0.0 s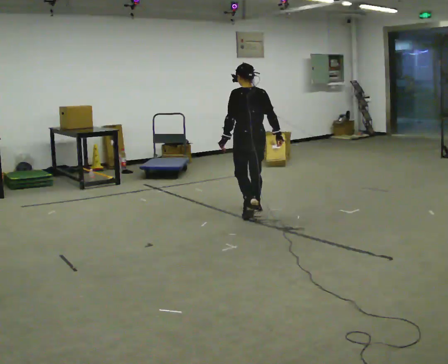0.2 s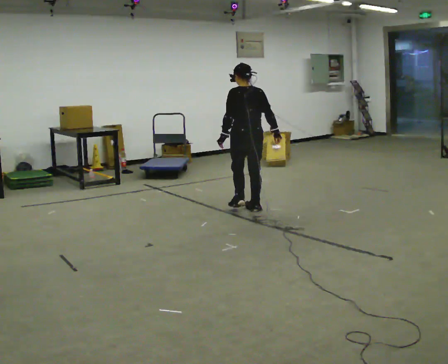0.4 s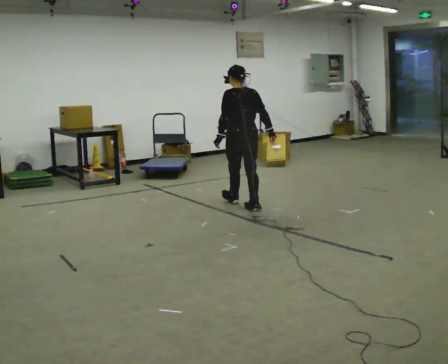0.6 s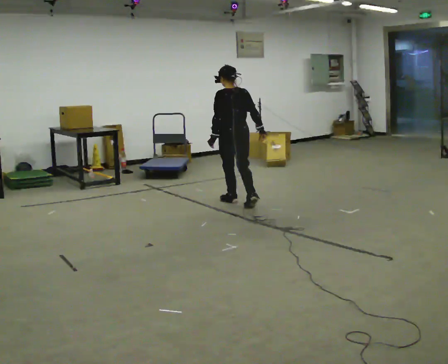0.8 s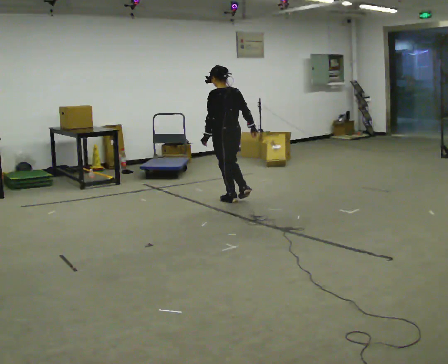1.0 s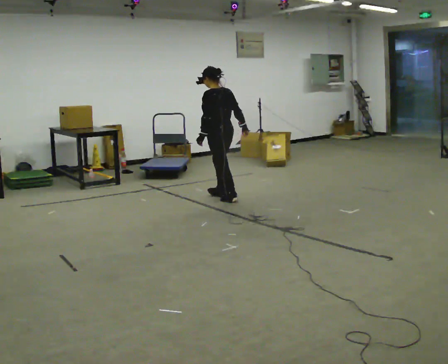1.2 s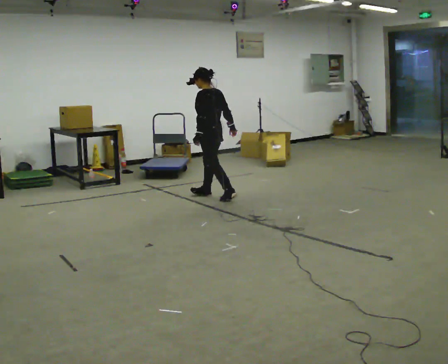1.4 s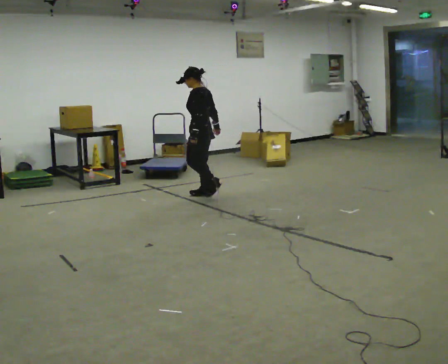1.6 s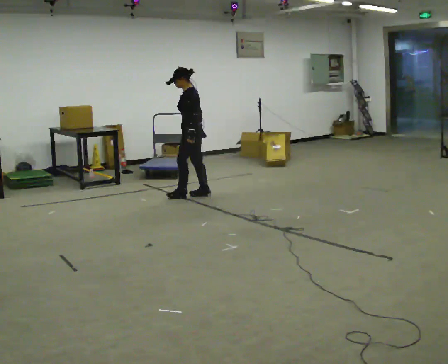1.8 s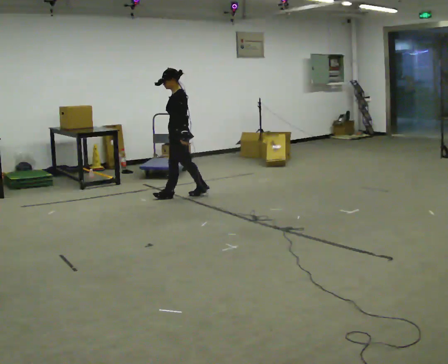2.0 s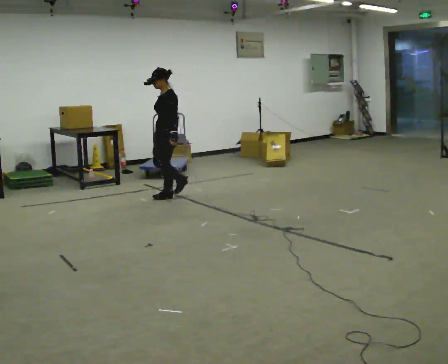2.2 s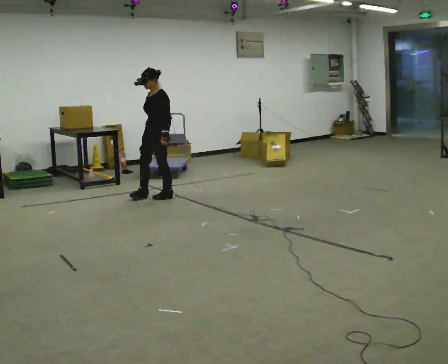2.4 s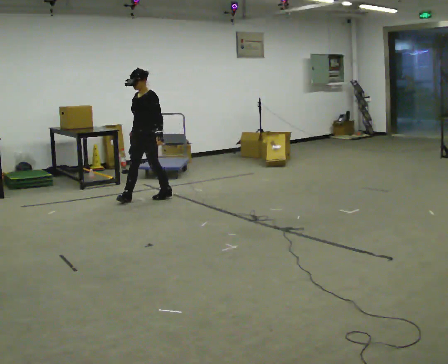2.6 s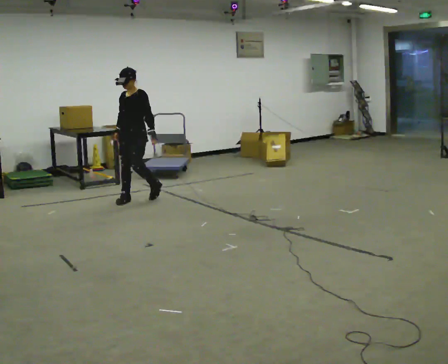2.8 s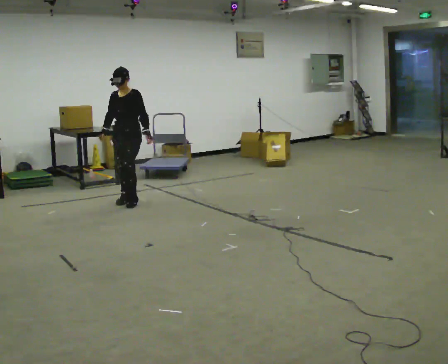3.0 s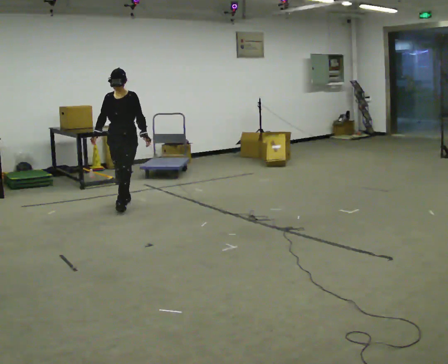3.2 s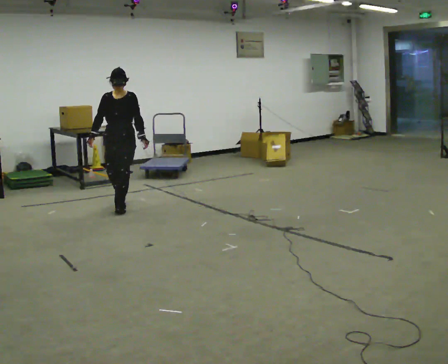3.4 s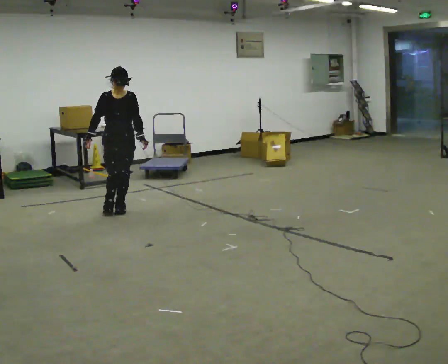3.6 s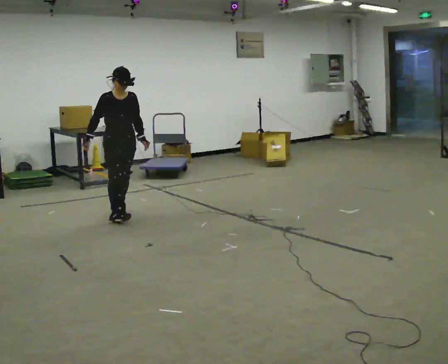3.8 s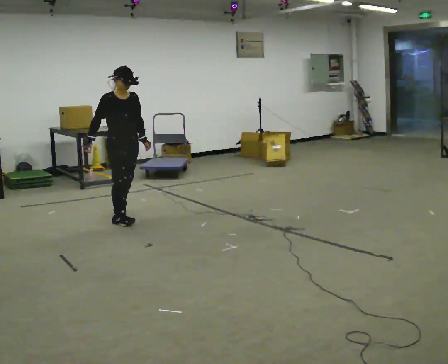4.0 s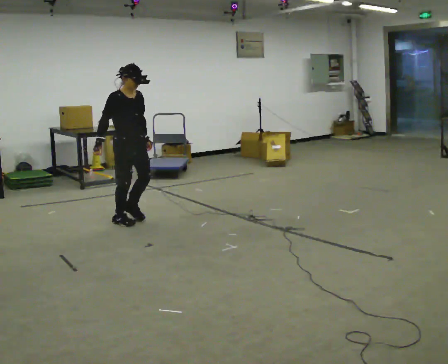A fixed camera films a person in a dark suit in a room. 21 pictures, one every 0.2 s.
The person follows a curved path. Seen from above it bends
counterclockwise.
The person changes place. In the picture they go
to the left.
0.0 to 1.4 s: The person turns about 60 degrees to their left, counterclockwise seen from above, so the part of the body nearest the lens slides to the right. In the picture they go away from the camera and to the left, about 1 m in 2 steps, which for them is forward.
1.4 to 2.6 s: Seen from above the body turns counterclockwise, about 75 degrees: to their left, with its near side sliding to the right. In the picture they go to the left, about 1 m in 2 steps.
2.6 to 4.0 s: Seen from above the body turns counterclockwise, about 90 degrees: to their left, with its near side sliding to the right. In the picture they go toward the camera, about 1 m in 2 steps.
The film runs forward here.
